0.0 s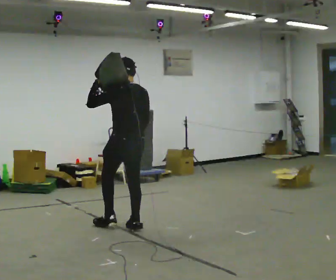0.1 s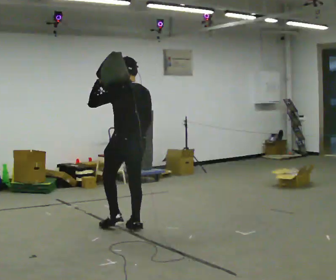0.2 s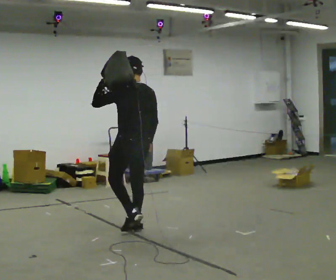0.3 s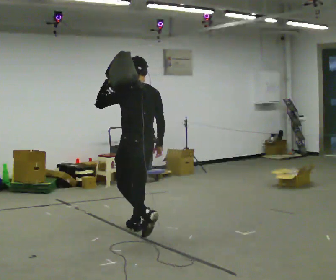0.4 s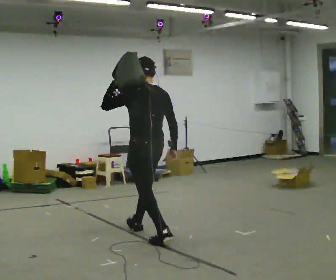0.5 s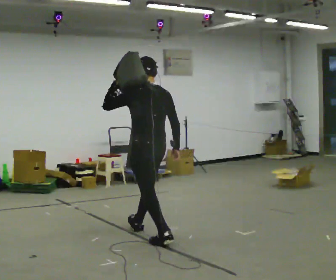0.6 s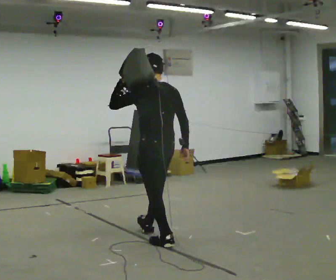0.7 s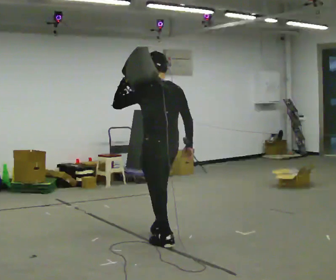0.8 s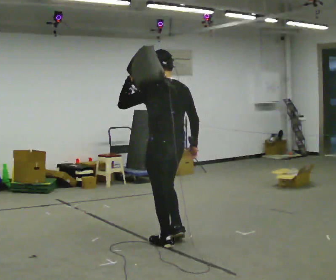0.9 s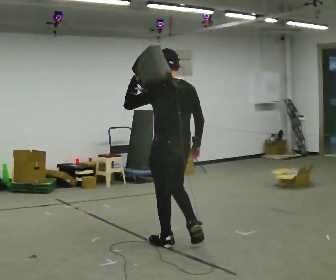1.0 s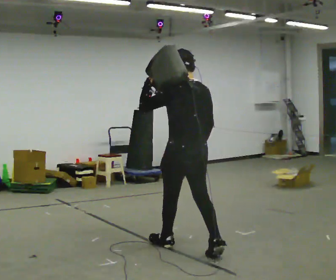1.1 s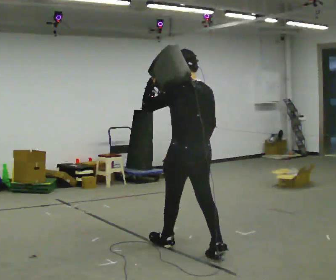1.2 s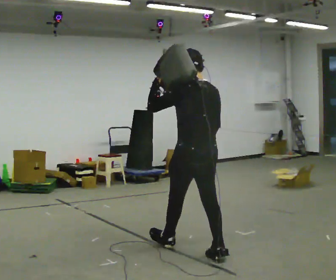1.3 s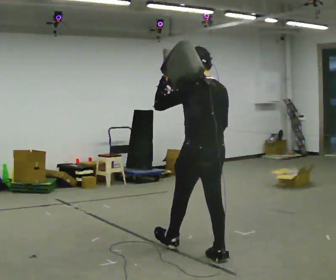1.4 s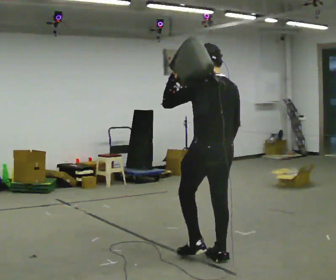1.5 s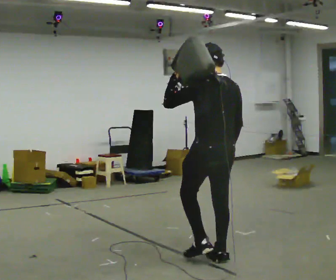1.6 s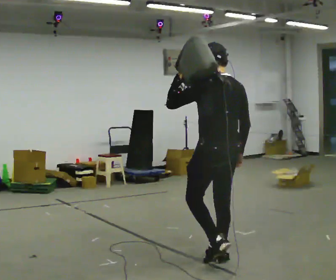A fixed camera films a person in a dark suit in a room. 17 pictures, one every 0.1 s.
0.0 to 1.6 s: In the picture they go toward the camera and to the right, about 1.5 m in 2 steps, which for them is backward.
The film runs backward here.
